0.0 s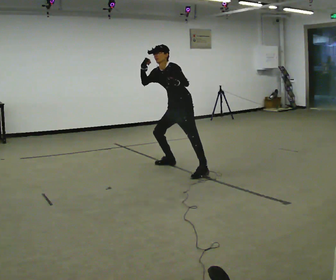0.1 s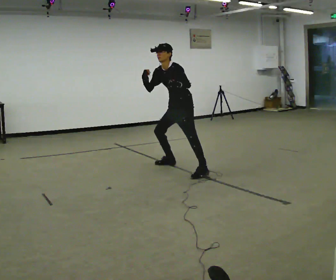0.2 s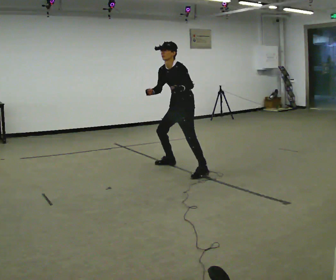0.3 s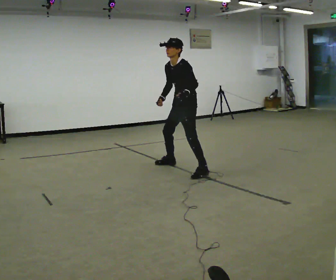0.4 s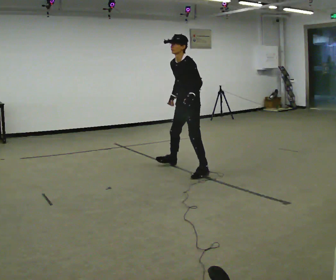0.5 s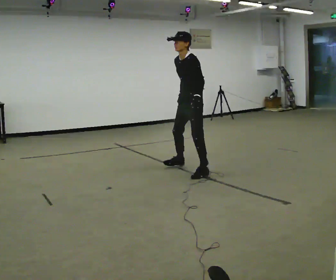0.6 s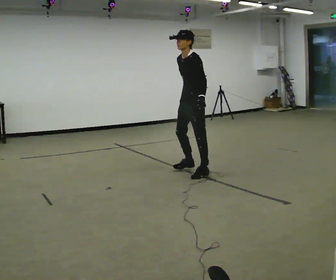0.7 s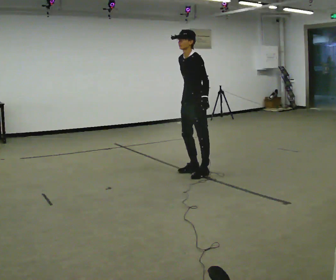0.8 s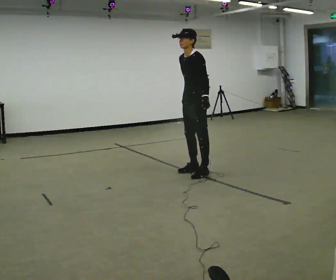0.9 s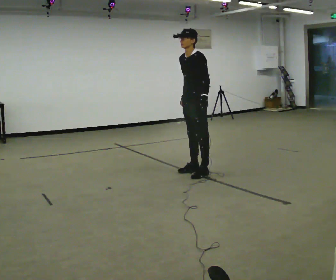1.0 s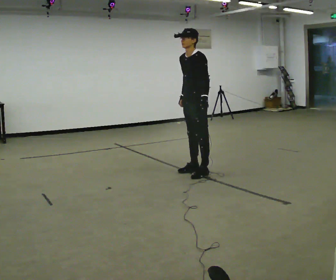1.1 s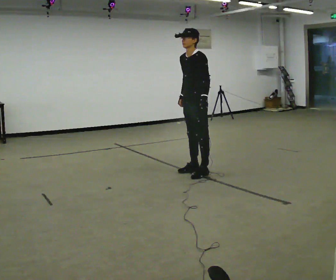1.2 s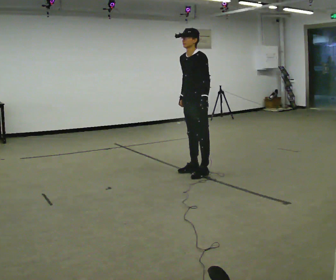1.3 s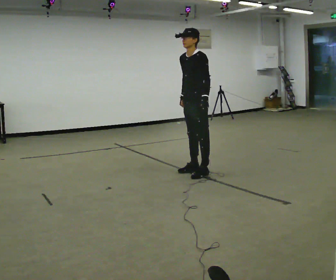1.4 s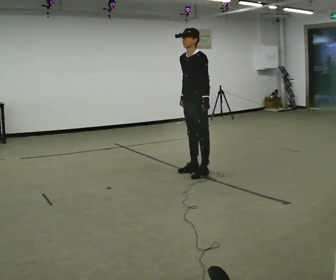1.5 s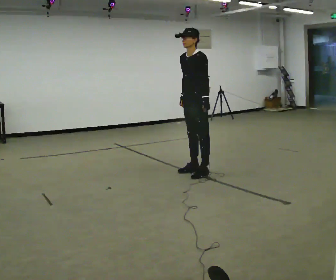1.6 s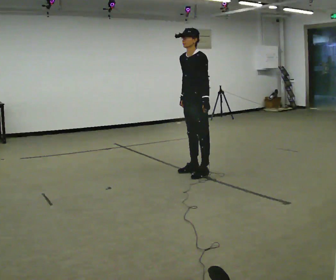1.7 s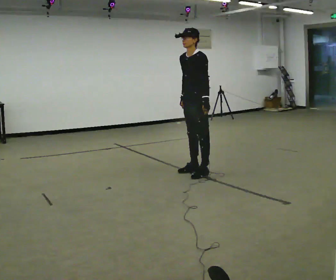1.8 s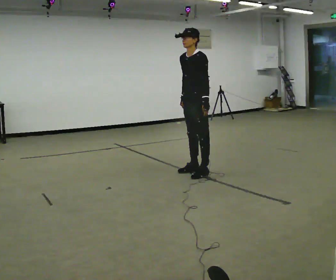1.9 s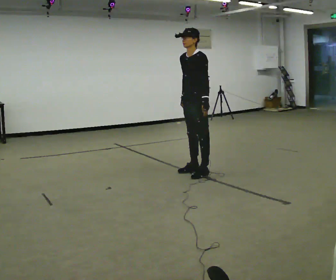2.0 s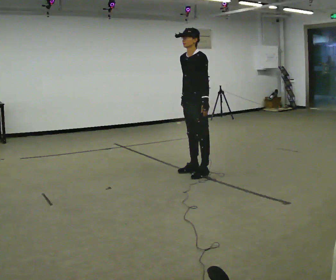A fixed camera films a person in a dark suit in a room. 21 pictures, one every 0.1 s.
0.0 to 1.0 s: In the picture they go toward the camera and to the right, about 0.5 m in 1 step, which for them is to their left. The upper body goes upward. In the picture the upper body tilts clockwise, shoulders to the right, as they lean back or straighten. In the picture their right hand goes downward.
1.0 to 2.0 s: The person moves a little, or ends about where they began.
The film runs forward here.
